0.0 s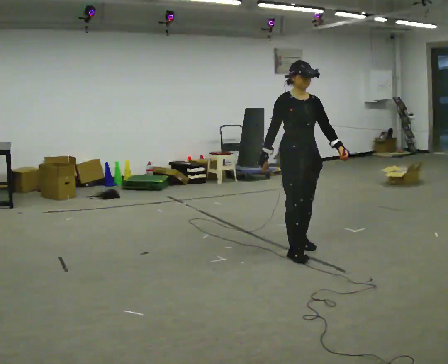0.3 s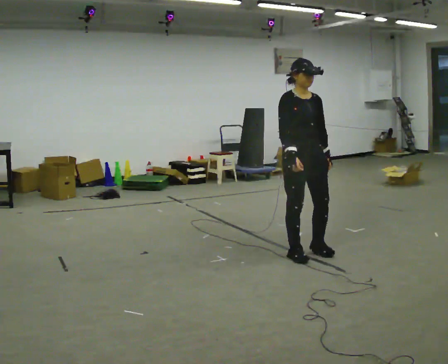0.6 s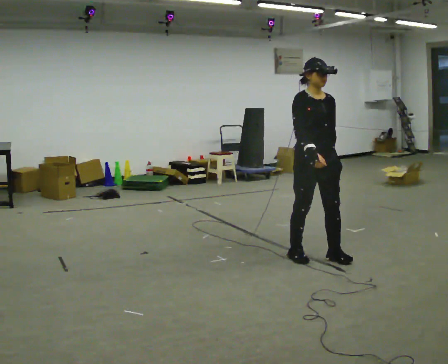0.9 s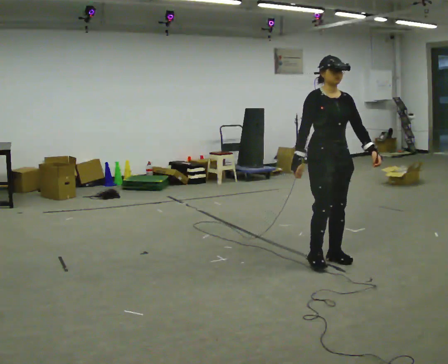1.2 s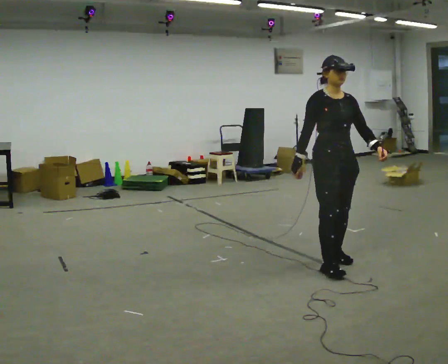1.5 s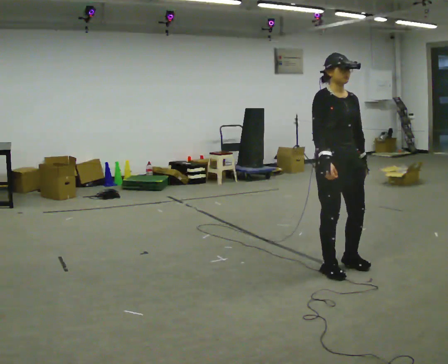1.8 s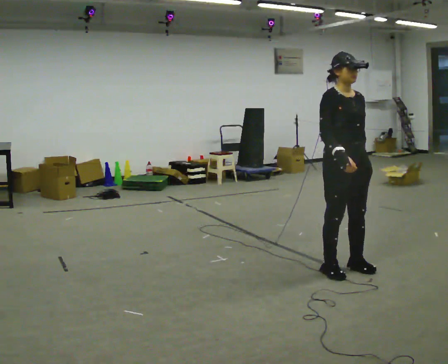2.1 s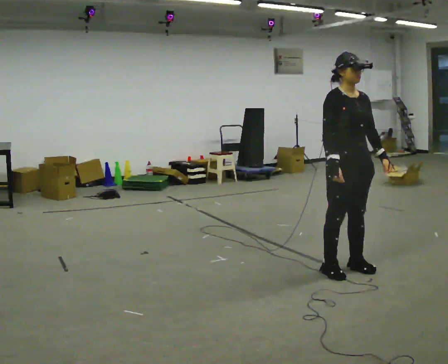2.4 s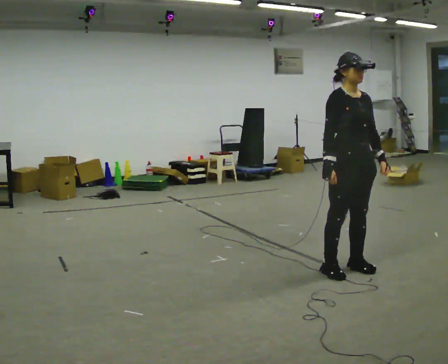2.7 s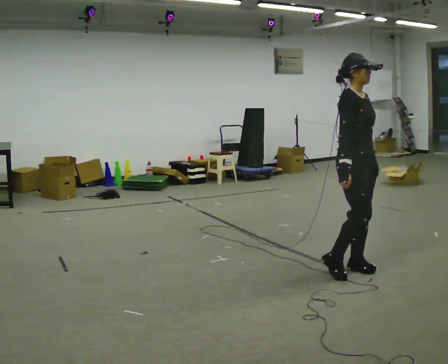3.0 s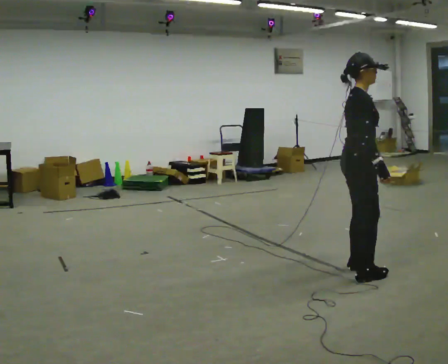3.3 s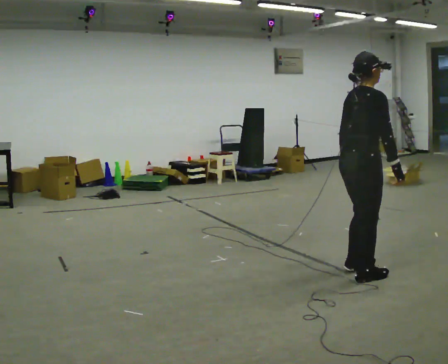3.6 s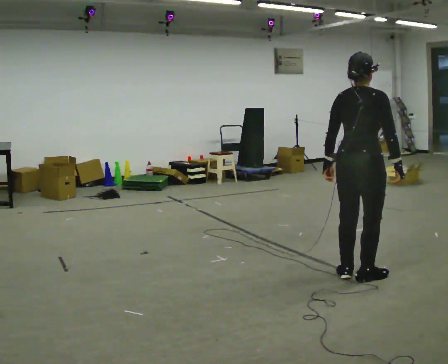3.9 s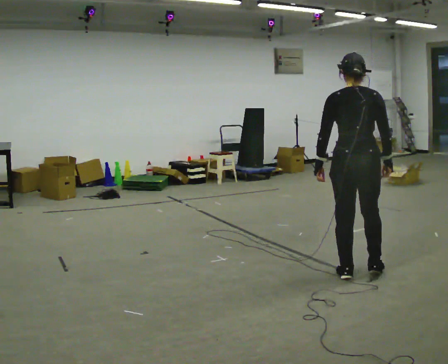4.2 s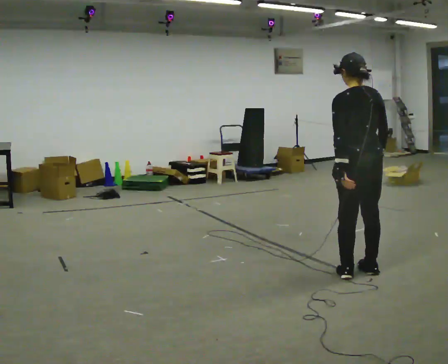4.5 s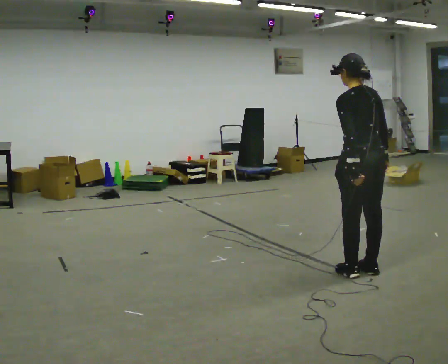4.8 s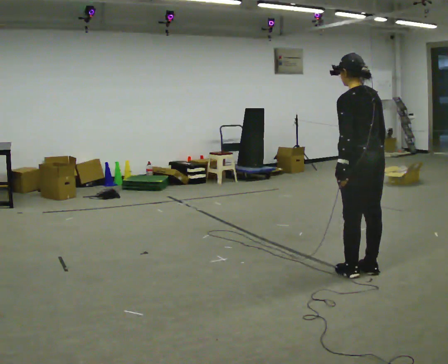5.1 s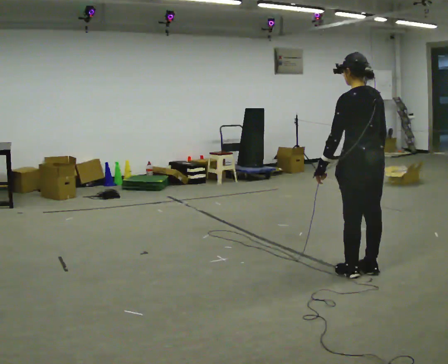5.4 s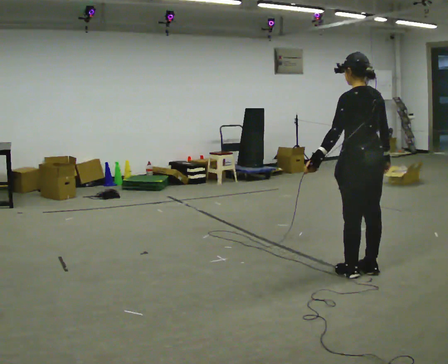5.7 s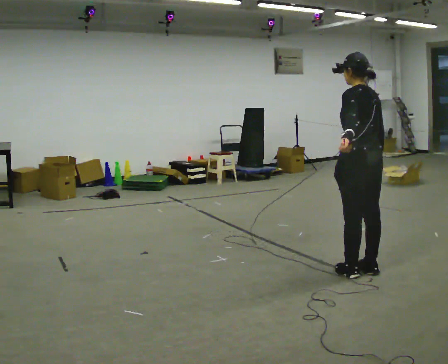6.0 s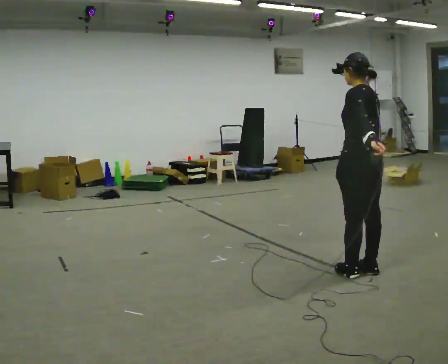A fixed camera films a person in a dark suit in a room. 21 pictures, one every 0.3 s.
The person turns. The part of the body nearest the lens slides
to the right.
The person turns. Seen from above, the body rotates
counterclockwise.
0.0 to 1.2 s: In the picture they go toward the camera and to the right, about 0.5 m in 2 steps, which for them is forward.
1.2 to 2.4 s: The person moves a little, or ends about where they began.
2.4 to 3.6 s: The part of the body nearest the lens slides to the right as the person turns to their left by about 120 degrees. In the picture their left hand goes to the left, the arm swinging clockwise.
3.6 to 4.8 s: The person turns about 60 degrees to their left, counterclockwise seen from above, so the part of the body nearest the lens slides to the right.
4.8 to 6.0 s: The person moves a little, or ends about where they began.
The film runs forward here.
